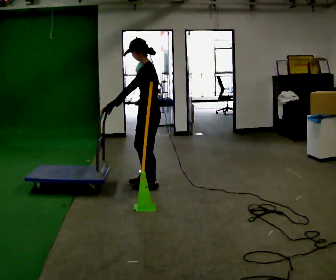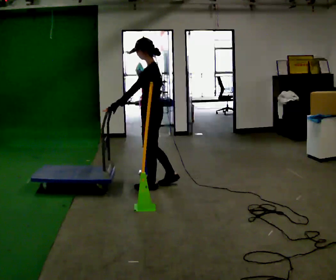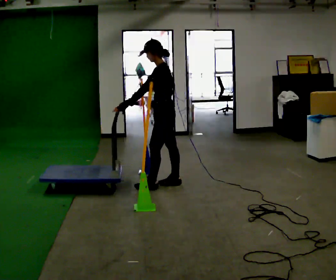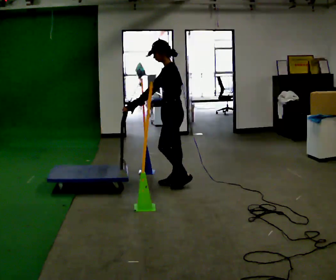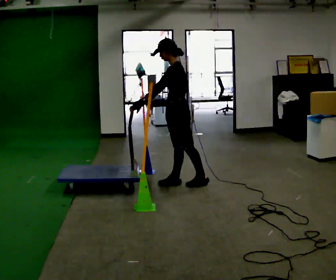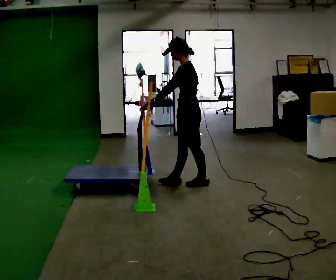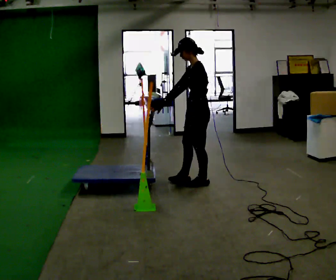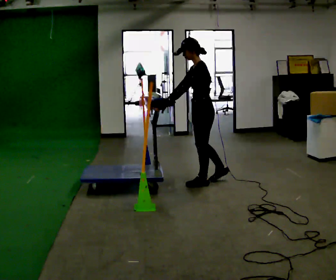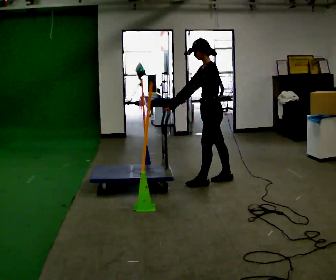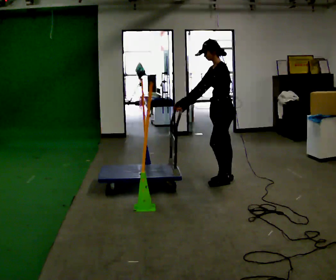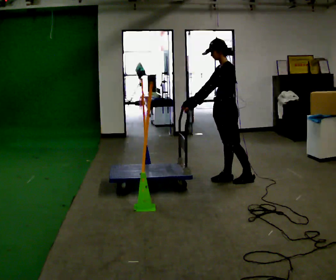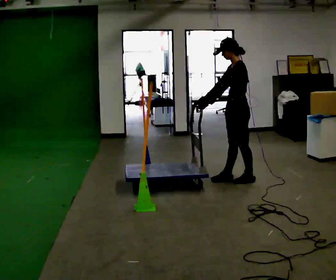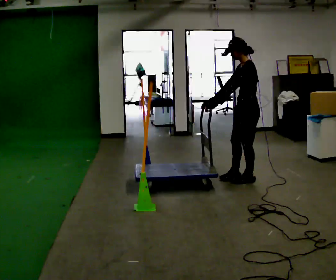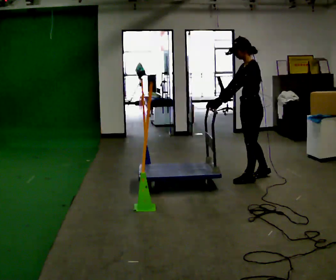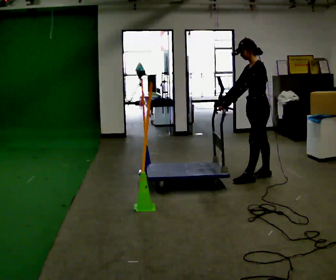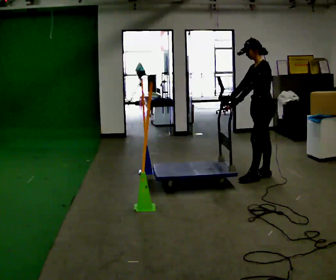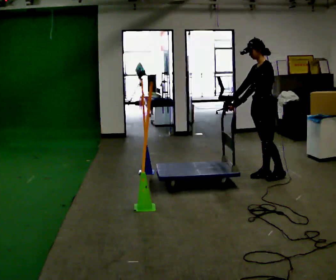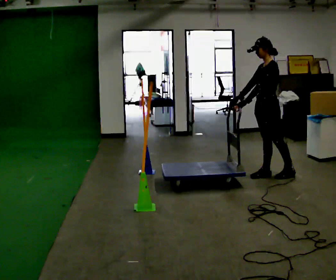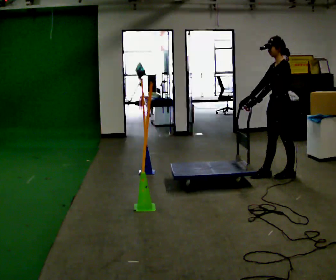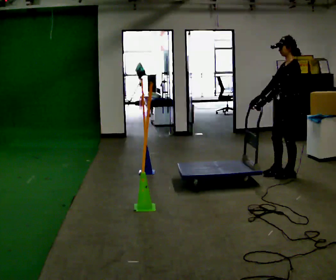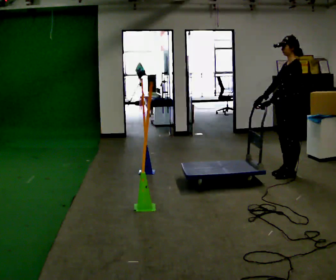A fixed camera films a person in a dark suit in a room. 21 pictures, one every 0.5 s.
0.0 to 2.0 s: In the picture they go to the right and away from the camera, about 0.25 m in 2 steps, which for them is backward and to their right.
2.0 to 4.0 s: In the picture they go to the right, about 0.25 m in 1 step, which for them is backward.
4.0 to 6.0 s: In the picture they go to the right, about 0.5 m in 2 steps, which for them is backward.
6.0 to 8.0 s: In the picture they go to the right and away from the camera, about 0.25 m in 1 step, which for them is backward and to their right.
8.0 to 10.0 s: In the picture they go to the right, about 0.25 m in 1 step, which for them is backward and to their left.
The film runs backward here.
